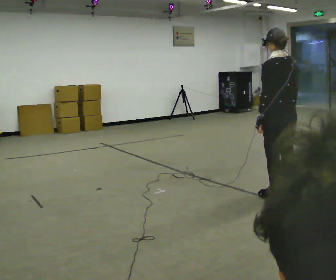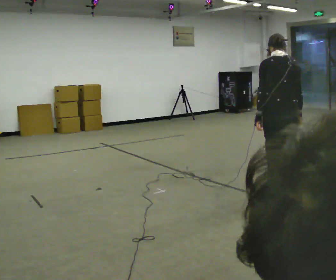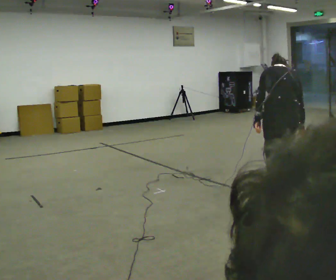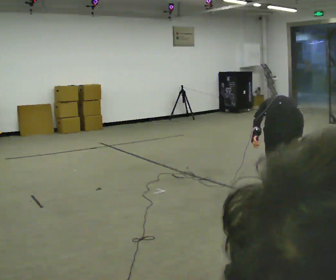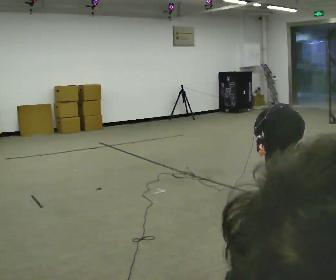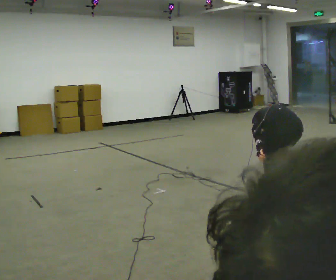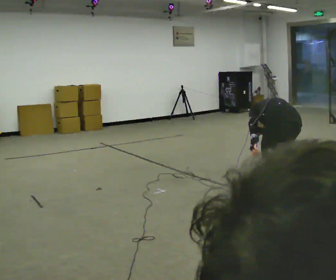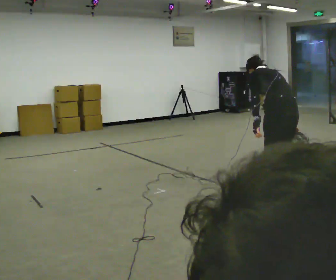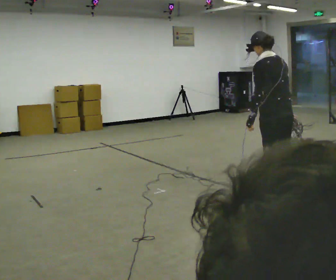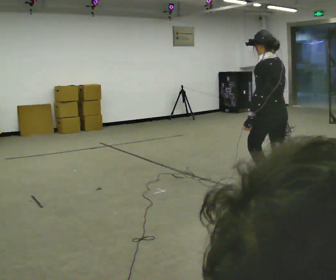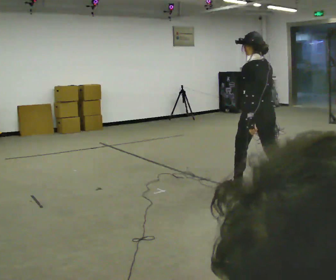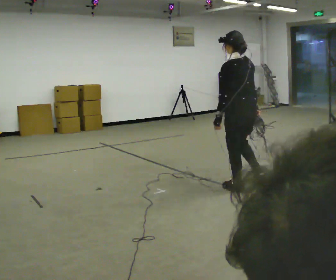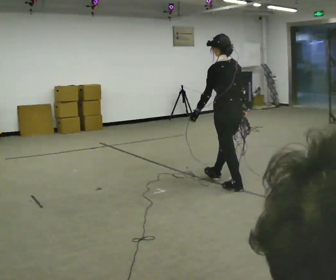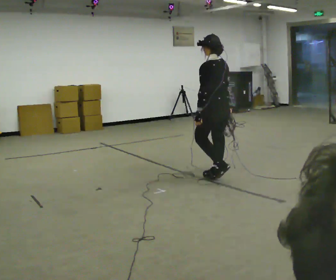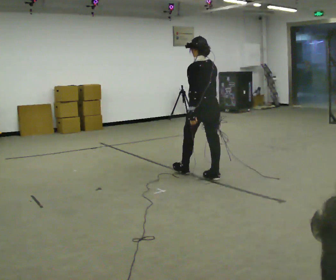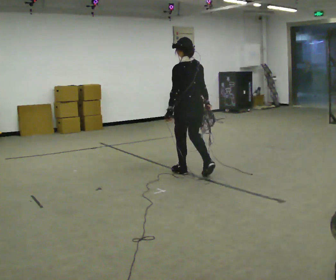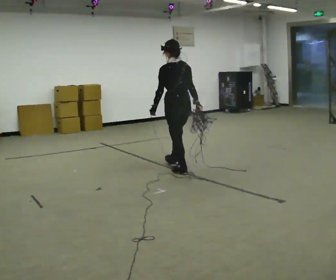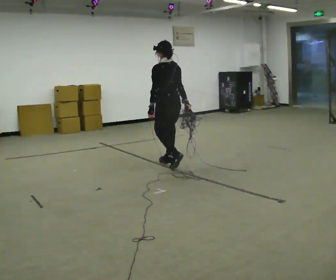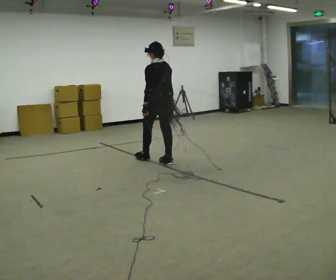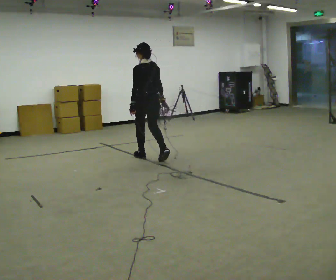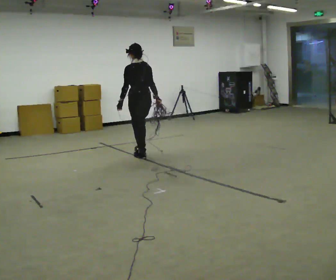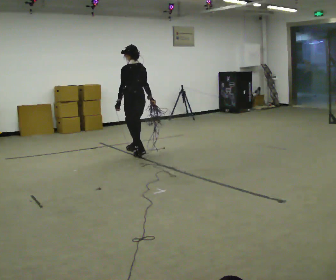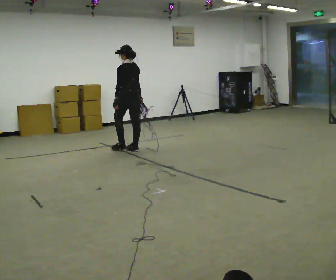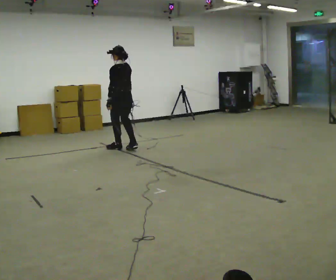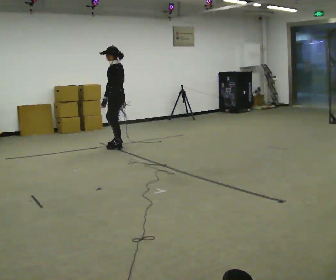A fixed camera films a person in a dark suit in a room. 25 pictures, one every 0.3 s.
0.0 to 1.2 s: The shoulders move downward. The upper body tips away from the camera, its near side rolling upward, as they bend forward.
1.2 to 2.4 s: The part of the body nearest the lens slides to the right as the person turns to their left by about 30 degrees. In the picture they go away from the camera, about 0.25 m, which for them is forward. The shoulders move upward. The upper body tips toward the camera, its near side rolling downward, as they lean back or straighten.
2.4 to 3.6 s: In the picture they go to the left and away from the camera, about 0.5 m in 1 step, which for them is forward.
3.6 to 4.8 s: In the picture they go to the left and away from the camera, about 1 m in 2 steps, which for them is forward.
4.8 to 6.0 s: In the picture they go away from the camera and to the left, about 1 m in 2 steps, which for them is forward.
6.0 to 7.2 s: Seen from above the body turns counterclockwise, about 45 degrees: to their left, with its near side sliding to the right. In the picture they go to the left and away from the camera, about 0.75 m in 2 steps, which for them is forward.
The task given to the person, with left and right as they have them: Pick up the coiled hose, carry it across the room, and set it down. It will move around as you walk. Keep going until the operator says stop; one object at a time, and do not rush between trips.
The film runs forward here.
